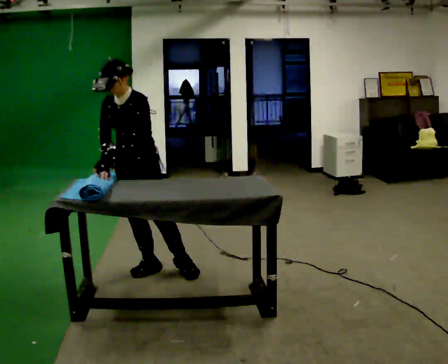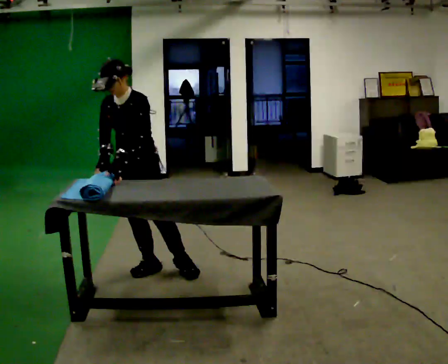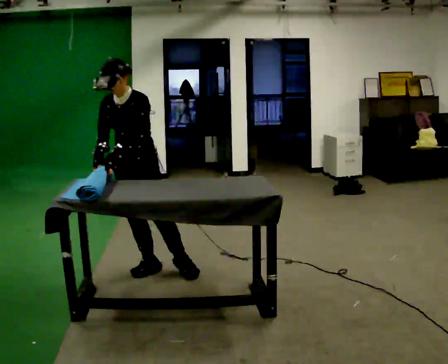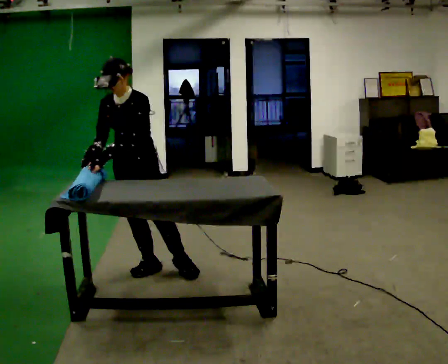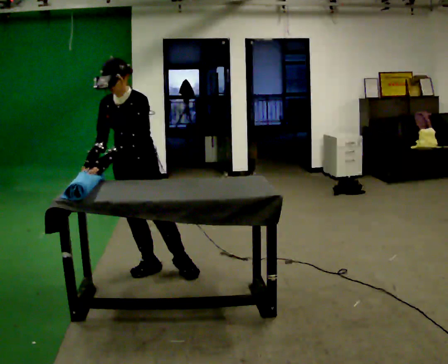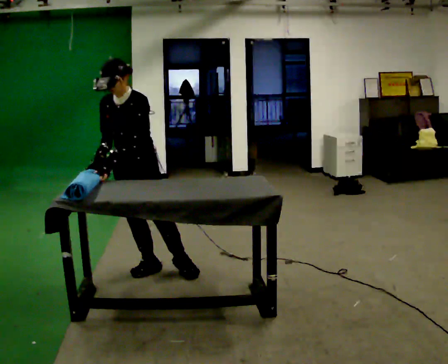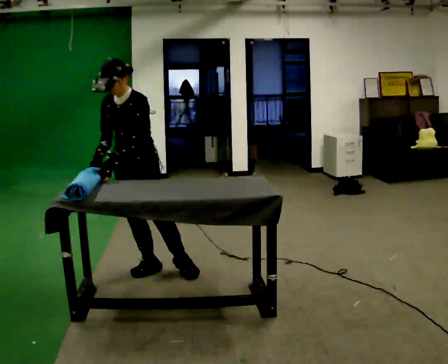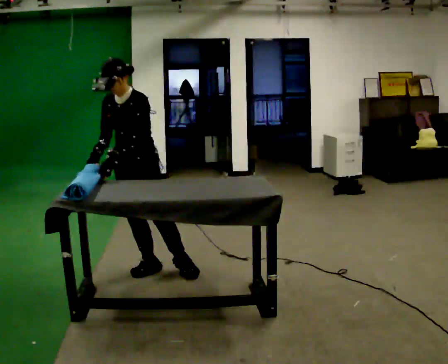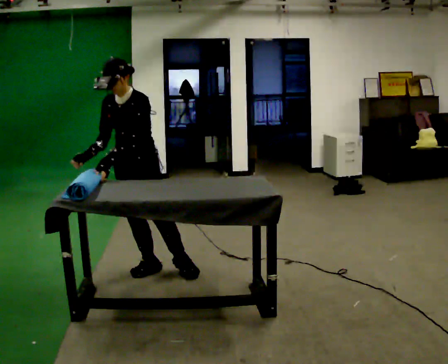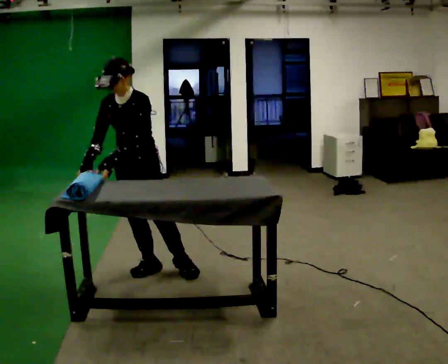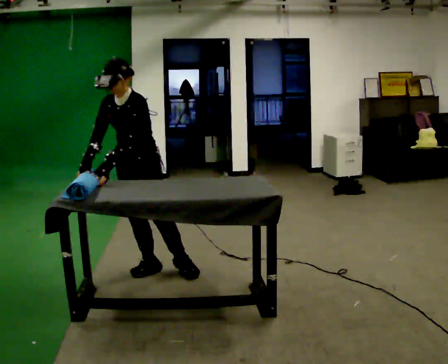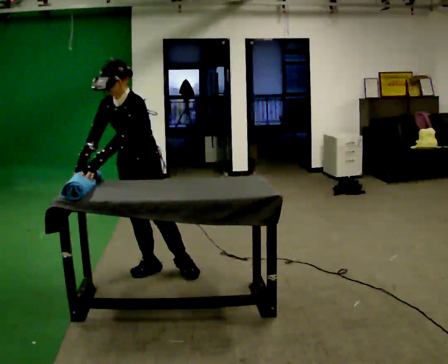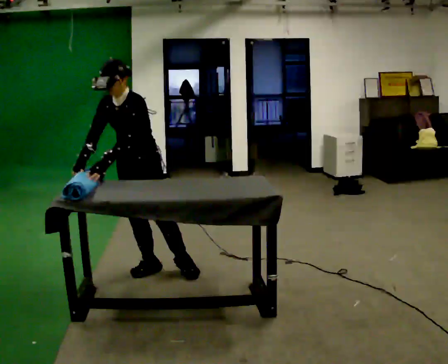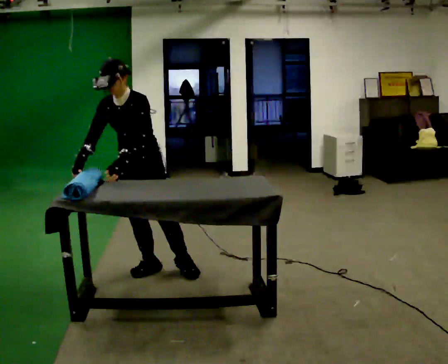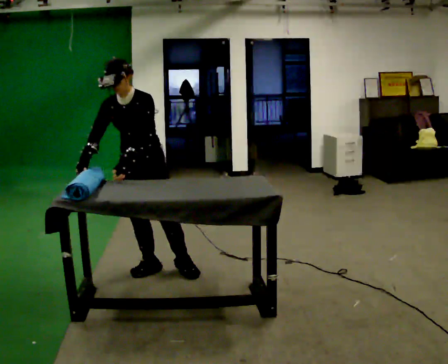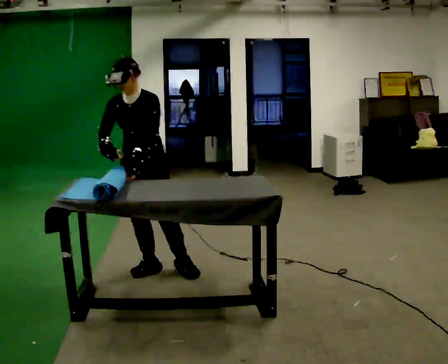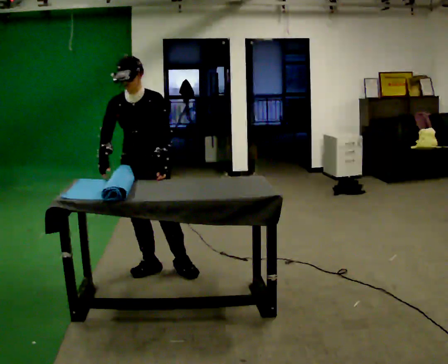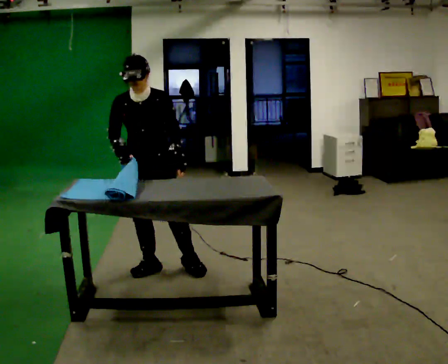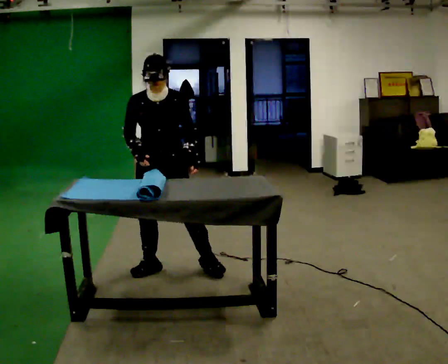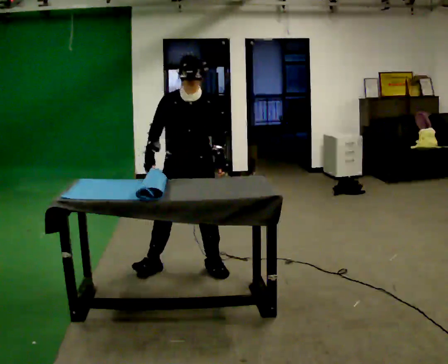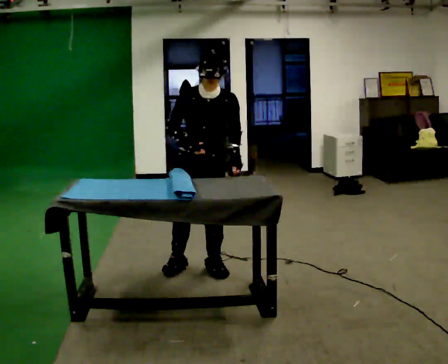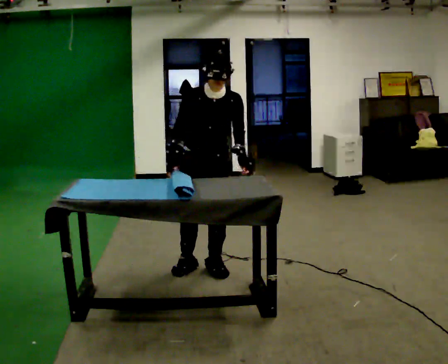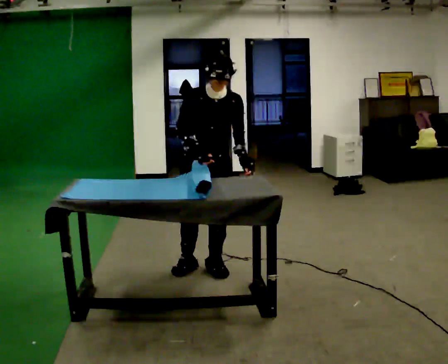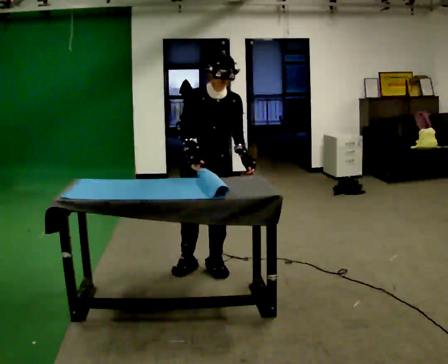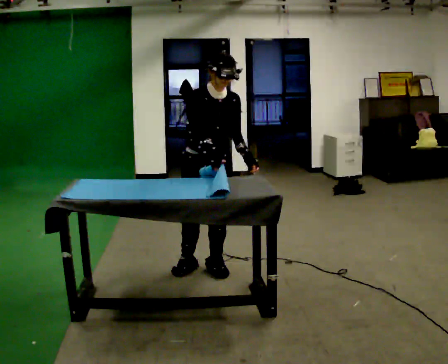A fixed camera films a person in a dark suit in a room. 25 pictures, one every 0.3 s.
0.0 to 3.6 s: The person moves a little, or ends about where they began.
3.6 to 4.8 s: In the picture their left hand goes to the right.
4.8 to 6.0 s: In the picture they go to the right, about 0.5 m, which for them is to their left. In the picture the upper body tilts clockwise, shoulders to the right.
6.0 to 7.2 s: The person moves a little, or ends about where they began.
The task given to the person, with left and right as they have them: Roll the mat up from one end, then unroll it again. Repeat at your own pace until the operator says stop.
The film runs forward here.
